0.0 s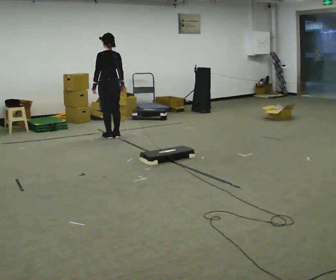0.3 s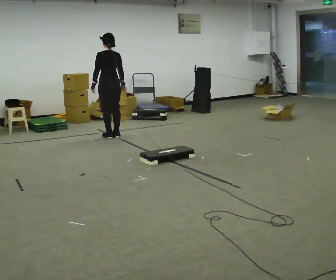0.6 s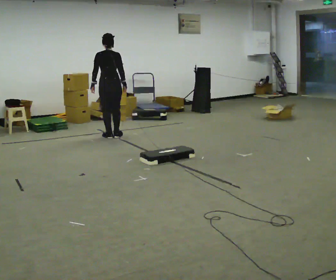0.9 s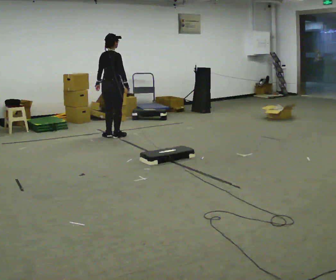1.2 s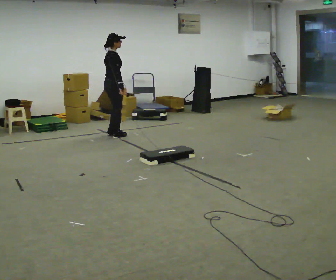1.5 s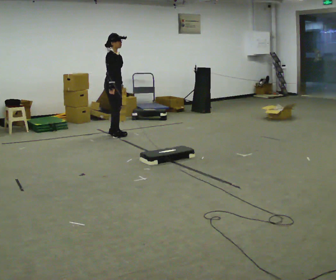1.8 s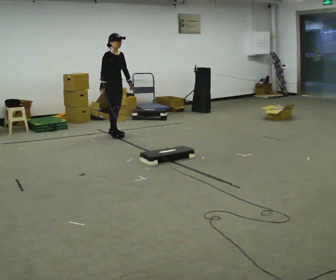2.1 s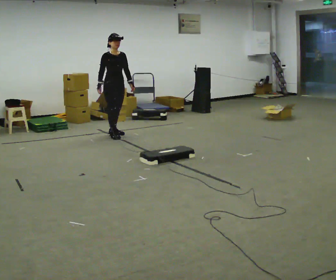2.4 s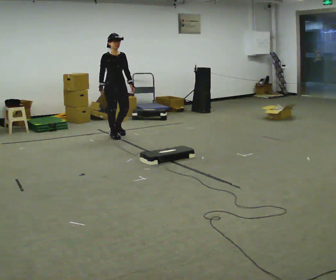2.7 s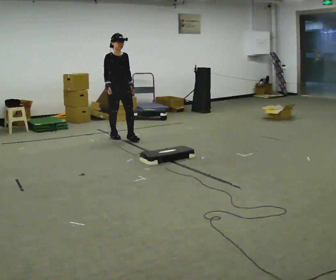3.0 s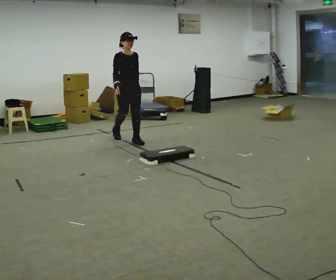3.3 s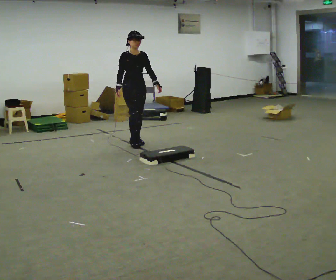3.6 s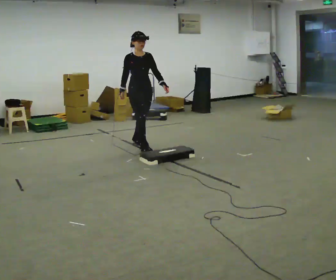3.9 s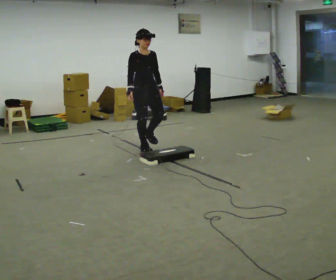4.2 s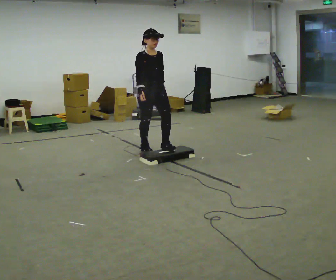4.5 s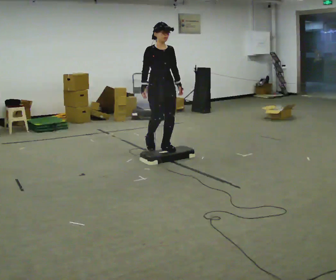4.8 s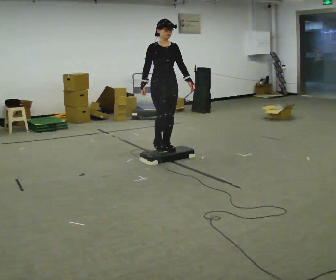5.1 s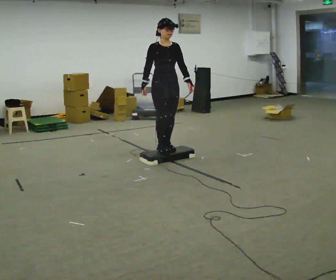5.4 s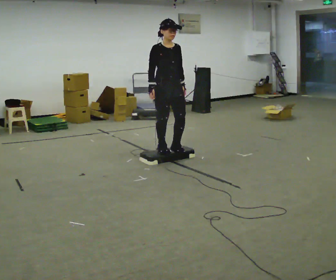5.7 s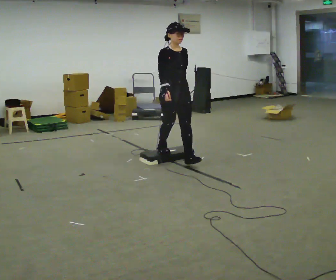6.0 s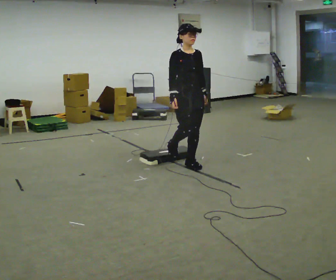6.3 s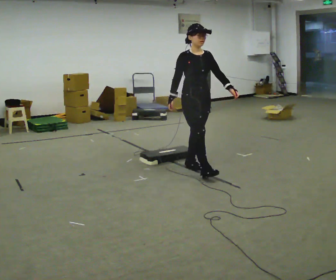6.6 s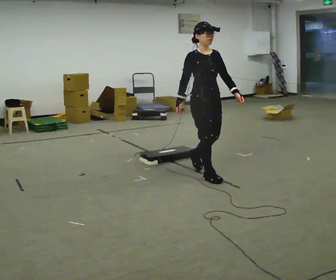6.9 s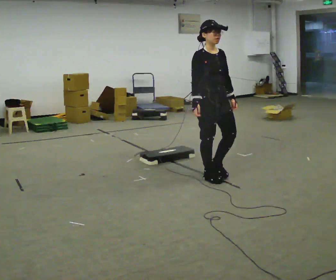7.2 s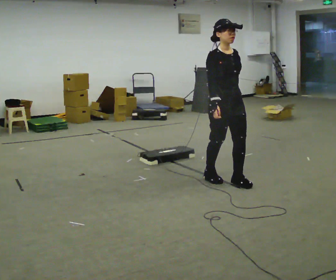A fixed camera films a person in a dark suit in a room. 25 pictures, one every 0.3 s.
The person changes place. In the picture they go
toward the camera.
The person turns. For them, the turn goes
to their right.
0.0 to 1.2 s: Seen from above the body turns clockwise, about 90 degrees: to their right, with its near side sliding to the left.
1.2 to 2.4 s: Seen from above the body turns clockwise, about 75 degrees: to their right, with its near side sliding to the left. In the picture their left hand goes to the right.
2.4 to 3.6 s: In the picture they go toward the camera and to the right, about 0.5 m in 2 steps, which for them is forward.
3.6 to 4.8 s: In the picture they go toward the camera and to the right, about 0.5 m in 1 step, which for them is forward.
4.8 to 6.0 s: In the picture they go toward the camera and to the right, about 0.5 m in 2 steps, which for them is forward.
6.0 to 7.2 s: In the picture they go toward the camera and to the right, about 0.75 m in 2 steps, which for them is forward.
The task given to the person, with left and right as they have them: Walk to the platform; step up onto it; step down the other side; continue walking.
The film runs forward here.
